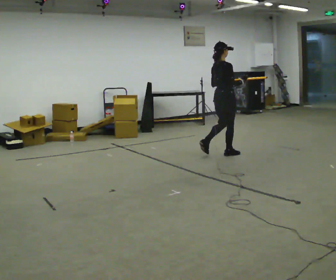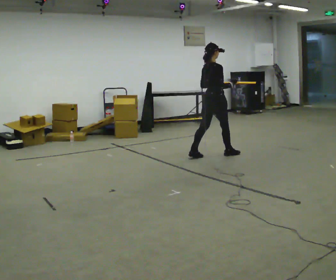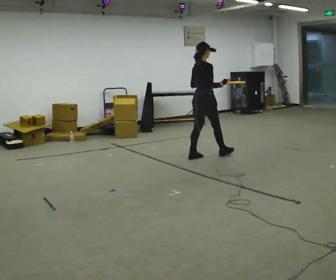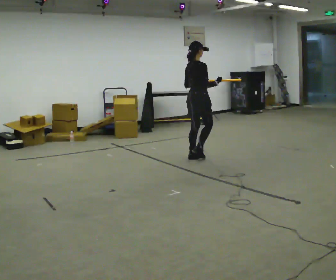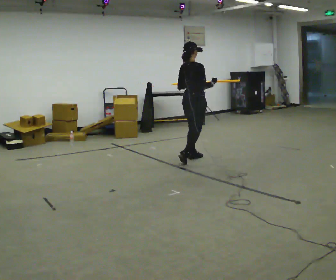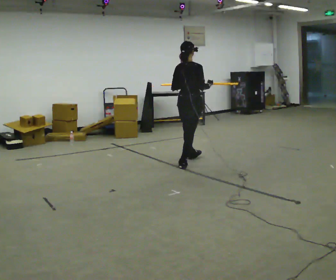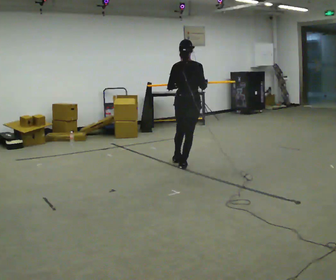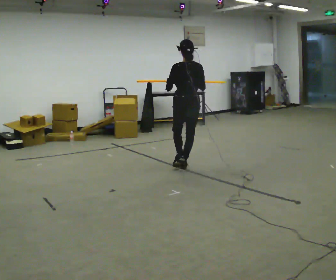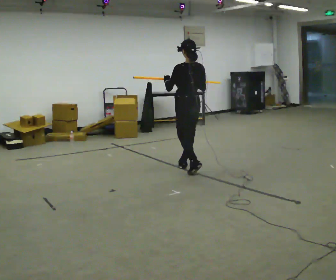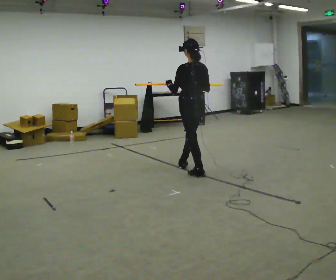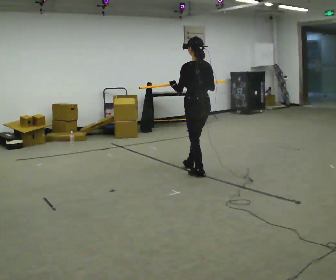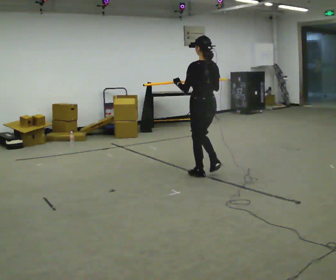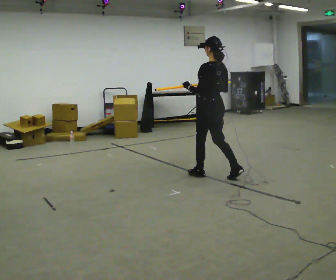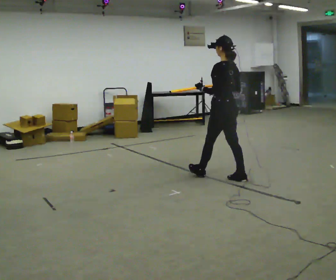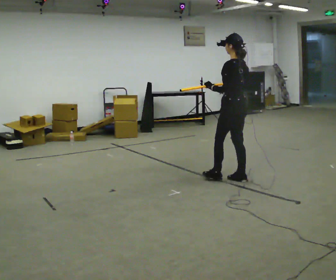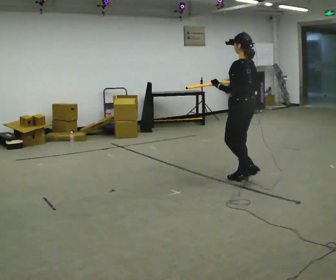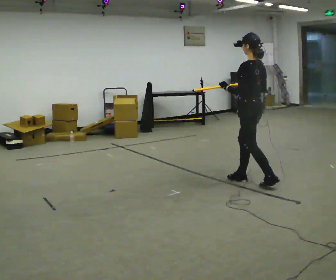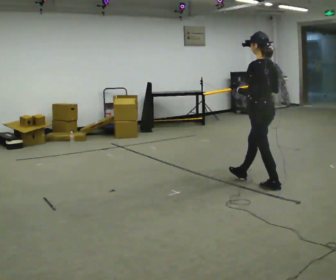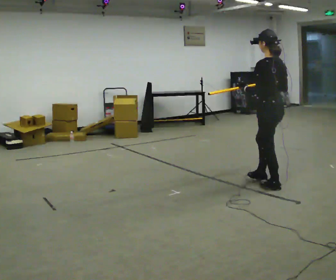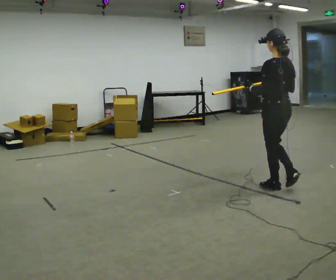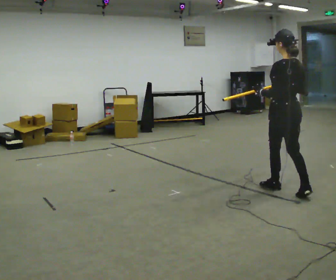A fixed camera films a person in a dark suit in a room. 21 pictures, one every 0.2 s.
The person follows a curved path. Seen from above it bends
counterclockwise.
The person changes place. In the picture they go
toward the camera.
0.0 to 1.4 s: The part of the body nearest the lens slides to the right as the person turns to their left by about 75 degrees. In the picture they go toward the camera and to the left, about 1 m in 2 steps.
1.4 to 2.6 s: The person turns about 30 degrees to their left, counterclockwise seen from above, so the part of the body nearest the lens slides to the right. In the picture they go toward the camera and to the right, about 0.75 m in 1 step, which for them is backward.
2.6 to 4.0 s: In the picture they go toward the camera and to the right, about 1 m in 2 steps, which for them is backward.
The film runs backward here.
